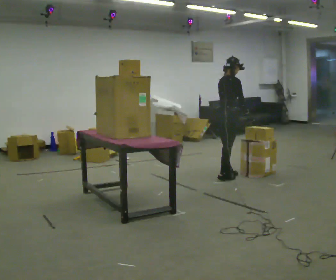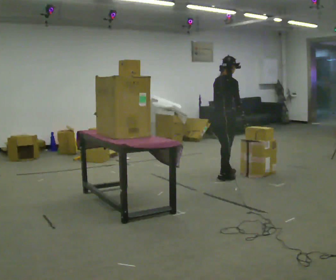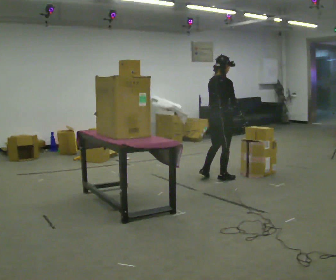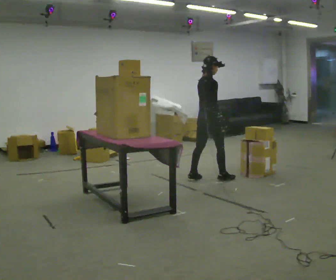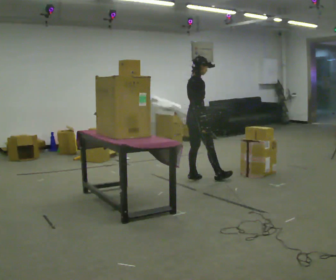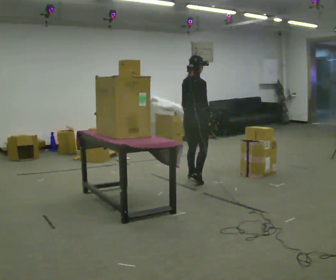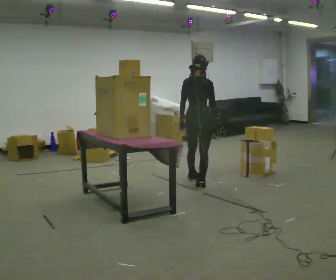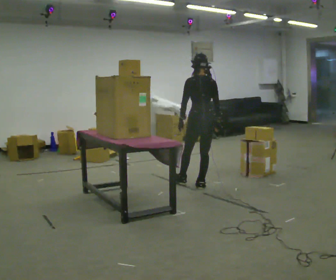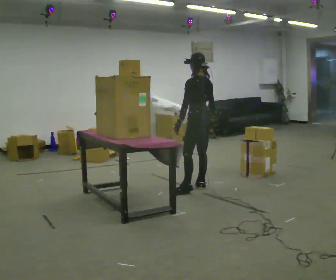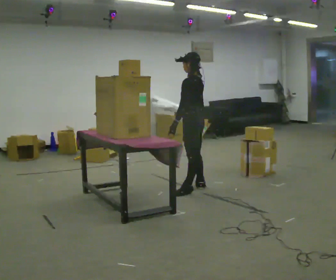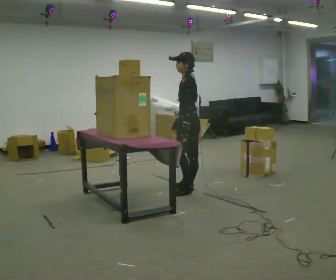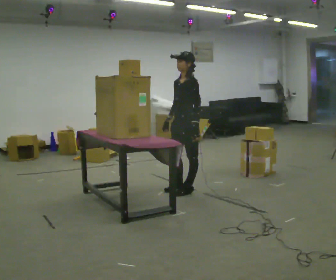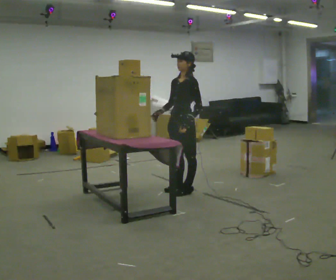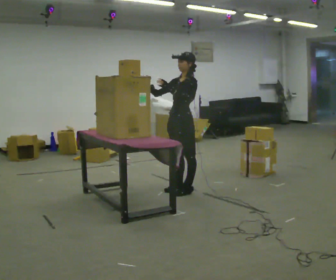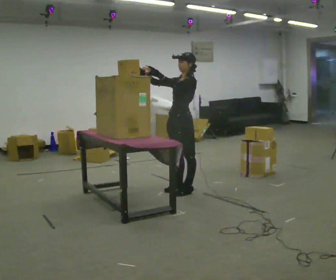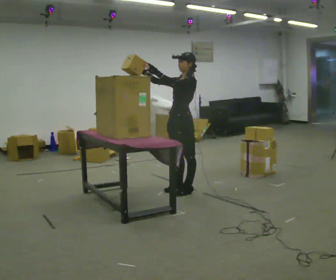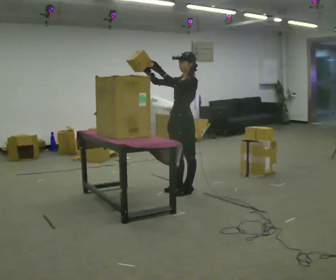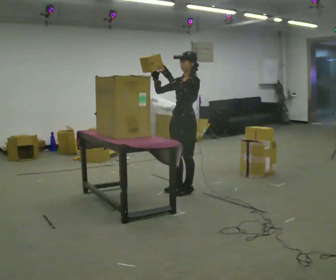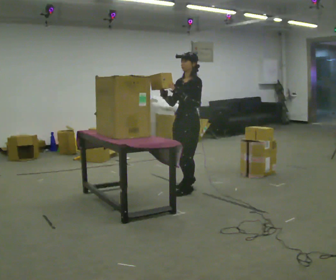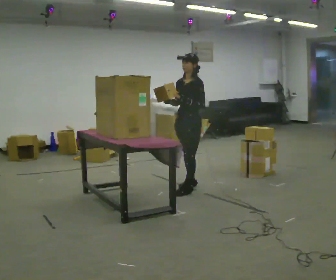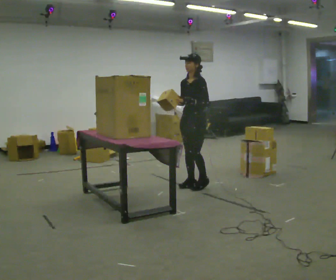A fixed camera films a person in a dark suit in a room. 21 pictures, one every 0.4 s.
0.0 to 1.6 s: In the picture they go to the left, about 0.5 m in 2 steps, which for them is backward and to their left.
1.6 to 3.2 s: The person turns about 105 degrees to their left, counterclockwise seen from above, so the part of the body nearest the lens slides to the right. In the picture they go toward the camera, about 0.5 m in 1 step.
3.2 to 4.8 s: Seen from above the body turns counterclockwise, about 90 degrees: to their left, with its near side sliding to the right. In the picture they go to the left and toward the camera, about 0.25 m in 1 step. In the picture their right hand goes to the left, the arm swinging clockwise.
4.8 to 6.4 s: In the picture their left hand goes upward.
6.4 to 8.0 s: In the picture they go away from the camera and to the right, about 0.25 m in 2 steps, which for them is backward and to their right. In the picture their left hand goes downward.
The film runs backward here.
